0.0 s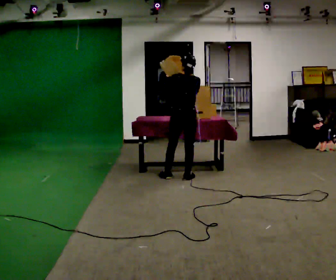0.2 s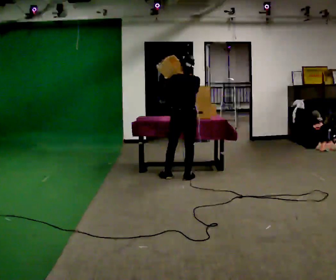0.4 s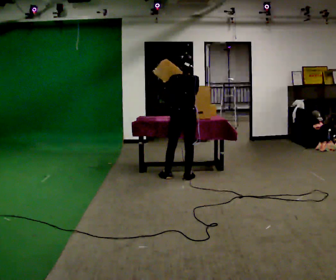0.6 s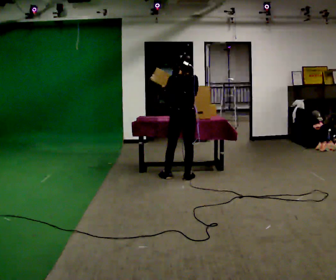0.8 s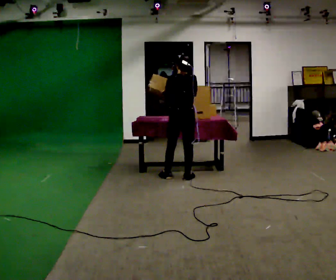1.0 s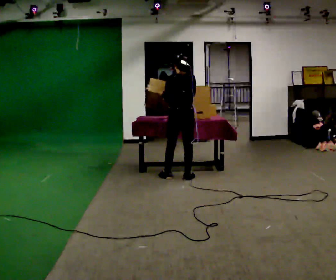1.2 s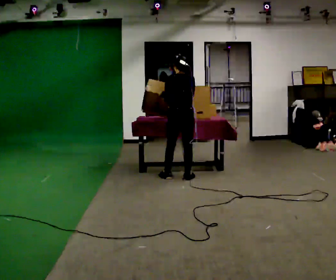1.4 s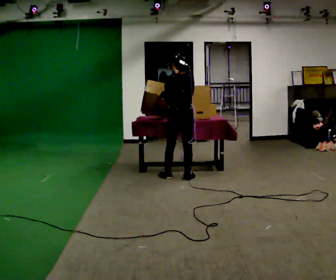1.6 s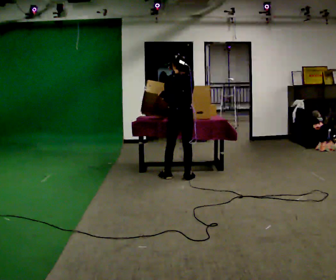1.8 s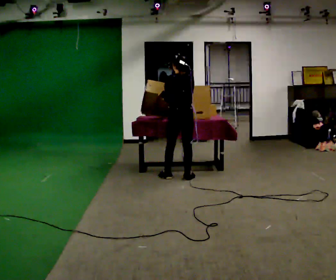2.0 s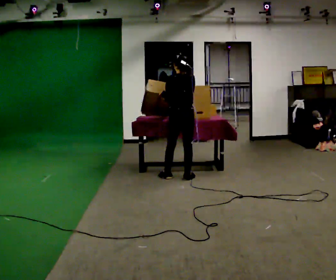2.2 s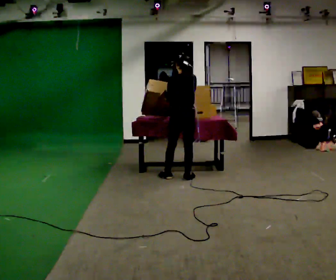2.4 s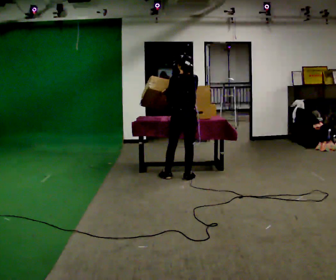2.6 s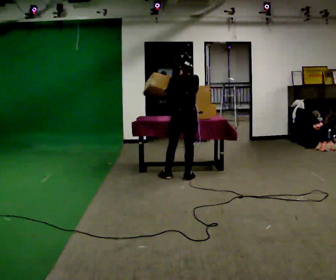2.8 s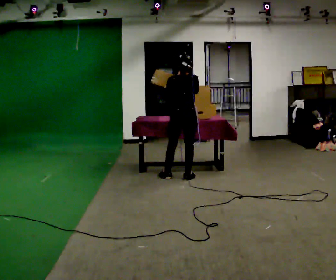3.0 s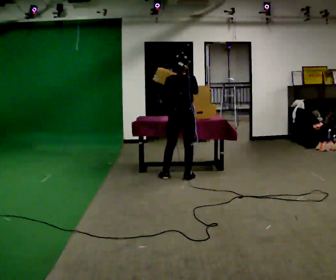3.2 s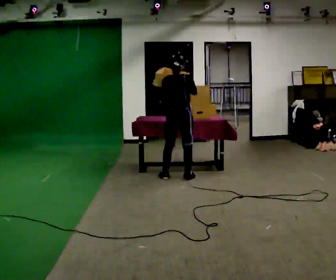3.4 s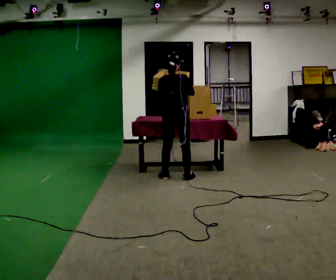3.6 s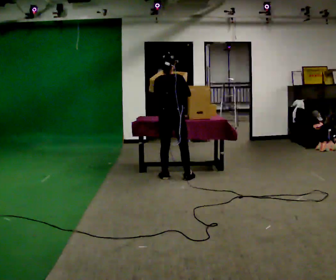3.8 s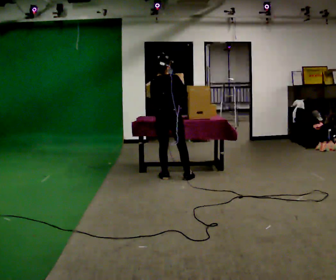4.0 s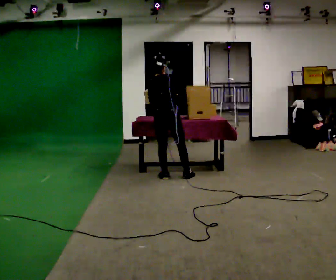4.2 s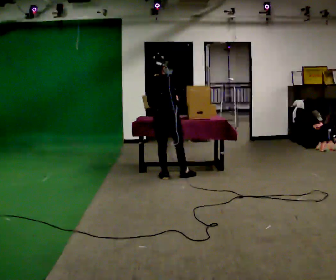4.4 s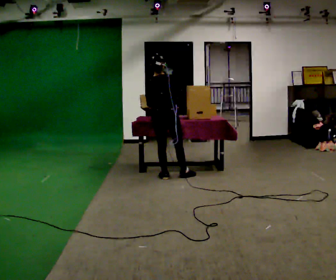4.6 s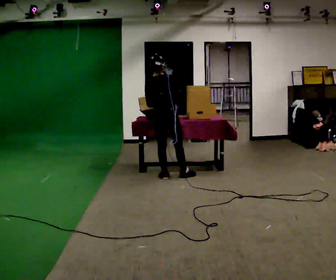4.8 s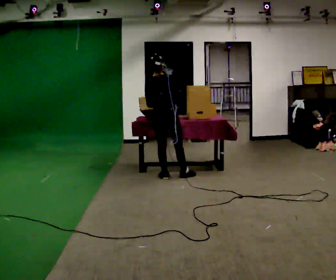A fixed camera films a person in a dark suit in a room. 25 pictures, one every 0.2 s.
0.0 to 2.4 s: The person moves a little, or ends about where they began.
2.4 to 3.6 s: Seen from above the body turns clockwise, about 30 degrees: to their right, with its near side sliding to the left. In the picture they go to the left, about 0.25 m, which for them is to their left.
3.6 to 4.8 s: The person moves a little, or ends about where they began.
The film runs backward here.
